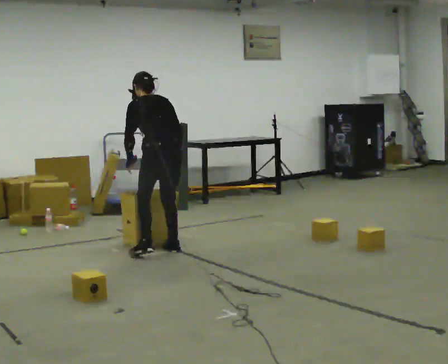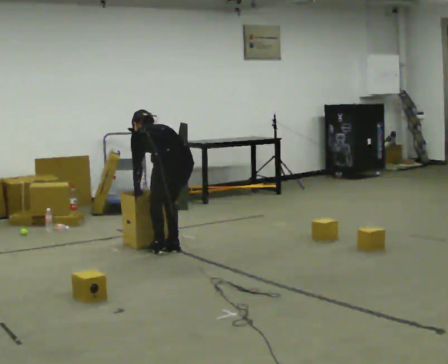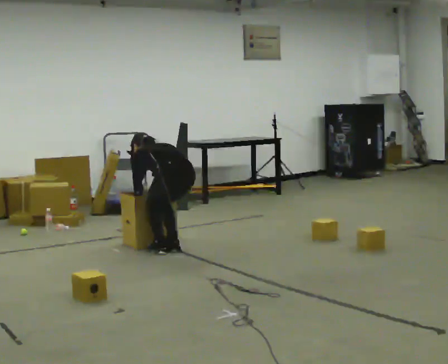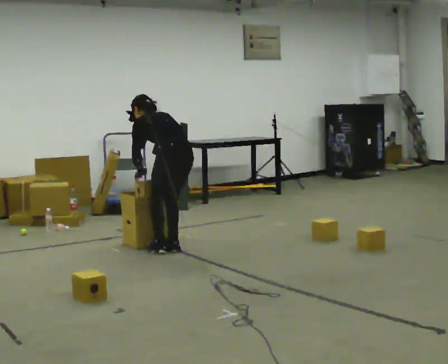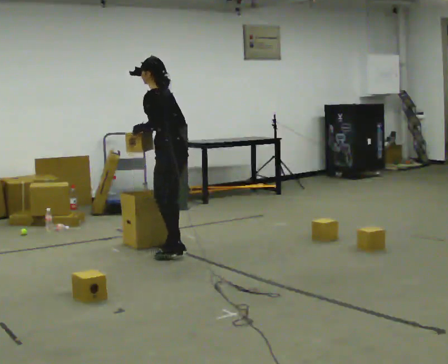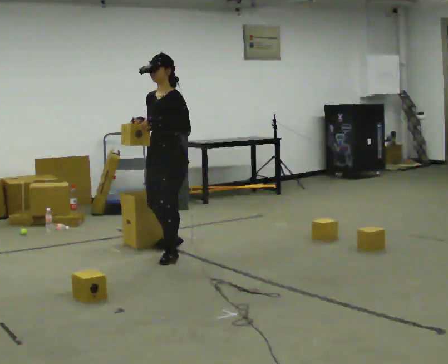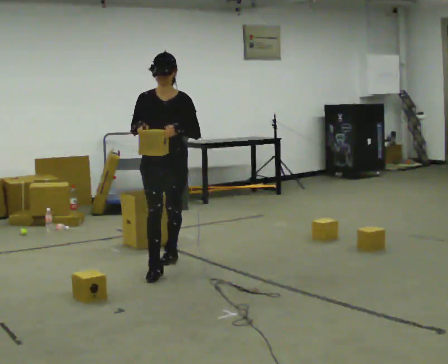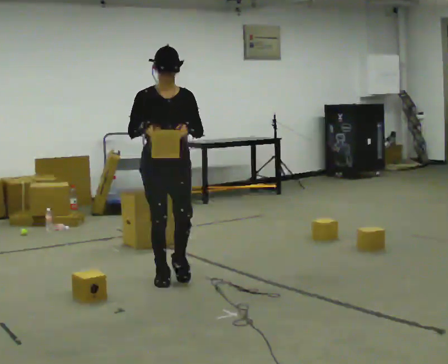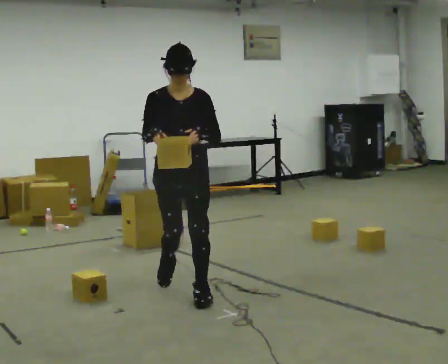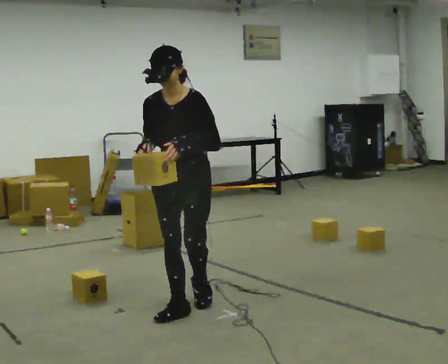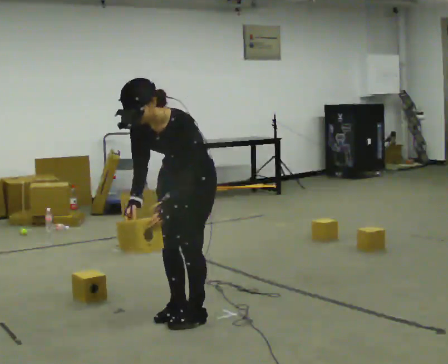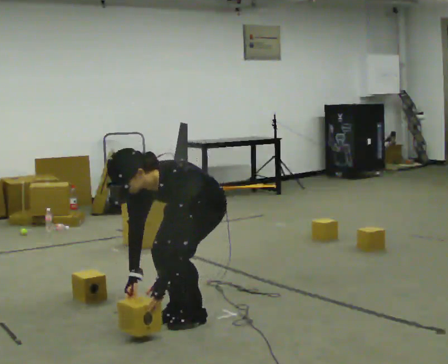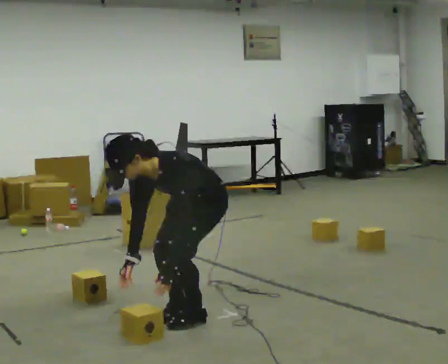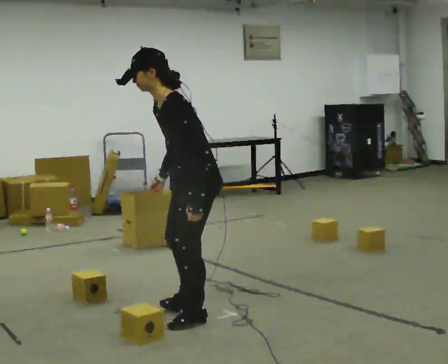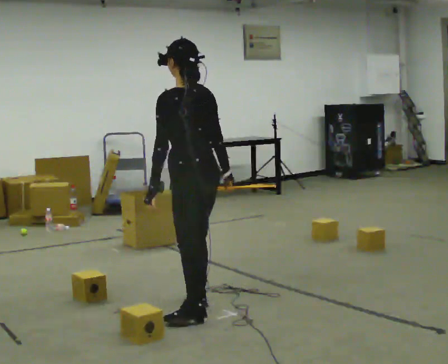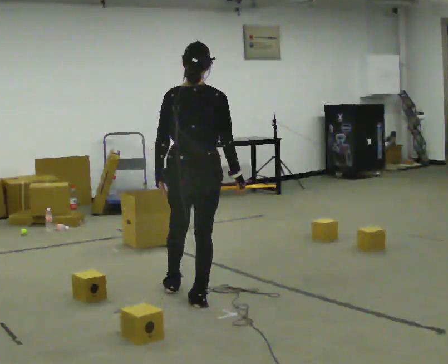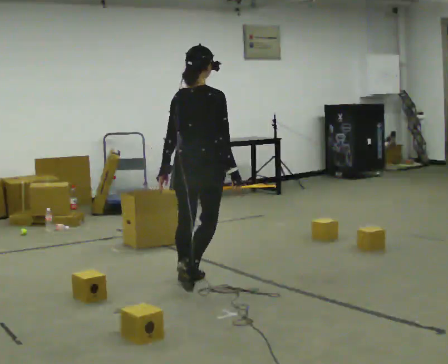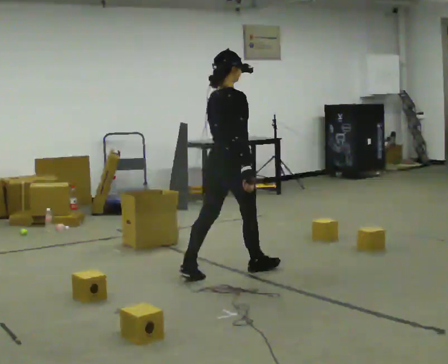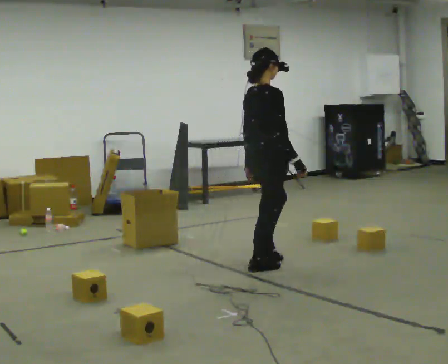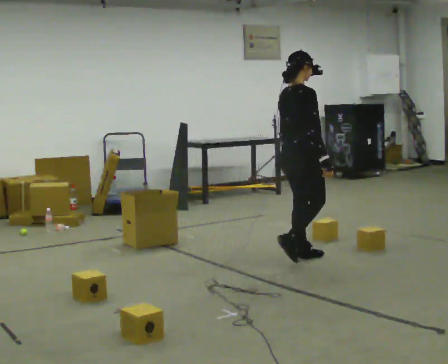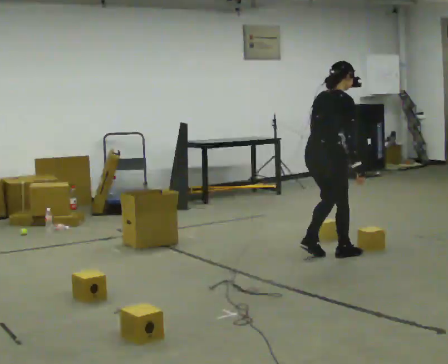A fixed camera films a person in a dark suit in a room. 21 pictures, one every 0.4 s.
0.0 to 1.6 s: The part of the body nearest the lens slides to the right as the person turns to their left by about 30 degrees.
1.6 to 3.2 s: The part of the body nearest the lens slides to the right as the person turns to their left by about 105 degrees. In the picture they go toward the camera, about 1 m in 3 steps.
3.2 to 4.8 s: Seen from above the body turns clockwise, about 45 degrees: to their right, with its near side sliding to the left. In the picture they go toward the camera, about 0.5 m in 2 steps, which for them is to their left and forward. In the picture the upper body tilts counterclockwise, shoulders to the left, as they bend forward. In the picture their right hand goes downward.
4.8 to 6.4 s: The part of the body nearest the lens slides to the left as the person turns to their right by about 165 degrees. In the picture they go away from the camera, about 0.5 m in 2 steps. The shoulders move upward. In the picture the upper body tilts clockwise, shoulders to the right, as they lean back or straighten. In the picture their left hand goes upward.
6.4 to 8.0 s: Seen from above the body turns clockwise, about 30 degrees: to their right, with its near side sliding to the left. In the picture they go to the right and away from the camera, about 1 m in 3 steps, which for them is forward.
The film runs forward here.
